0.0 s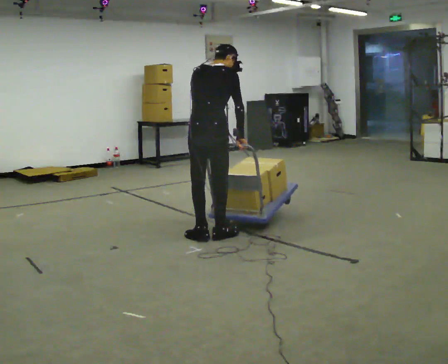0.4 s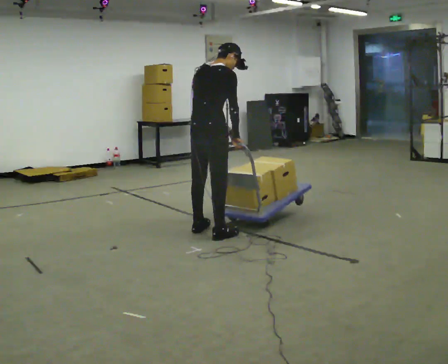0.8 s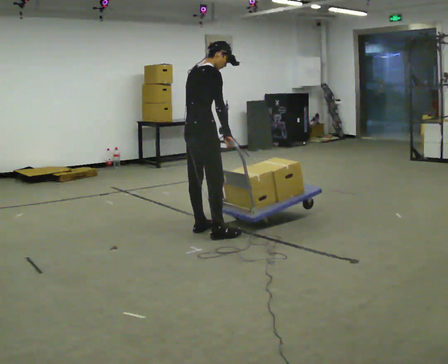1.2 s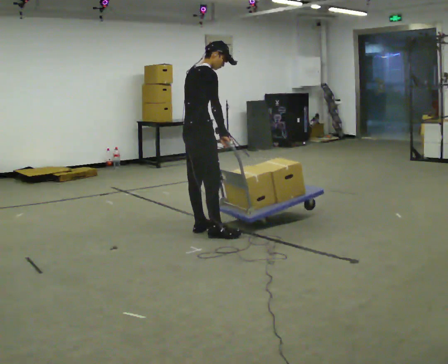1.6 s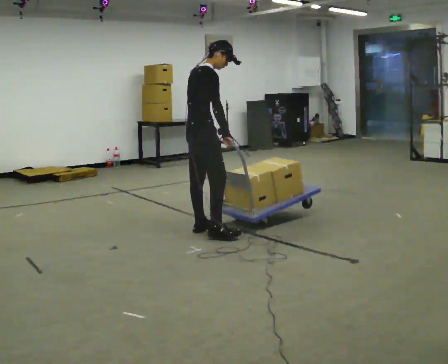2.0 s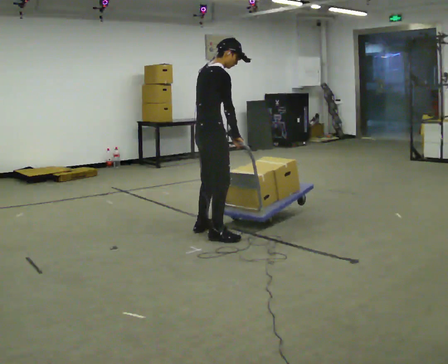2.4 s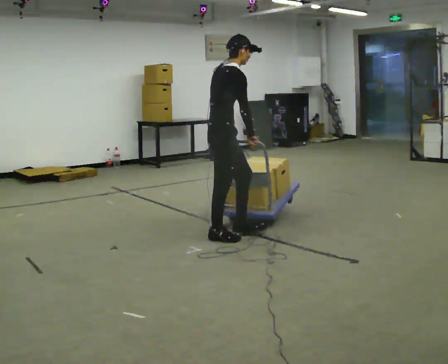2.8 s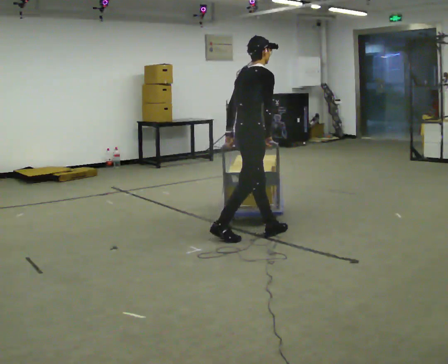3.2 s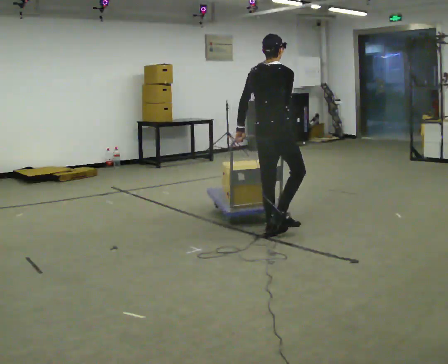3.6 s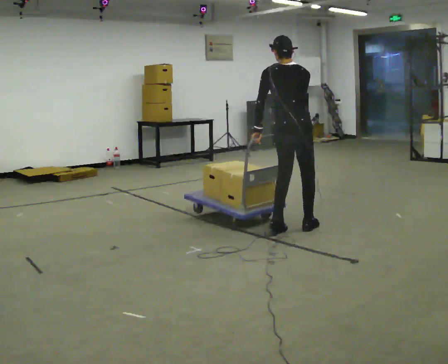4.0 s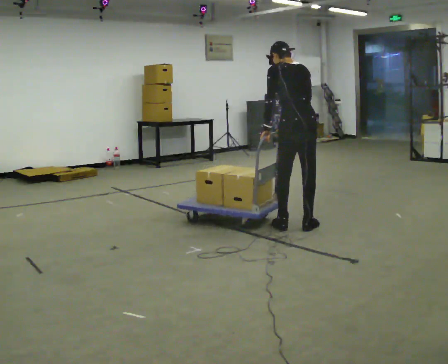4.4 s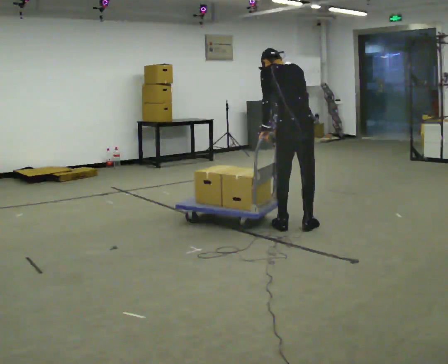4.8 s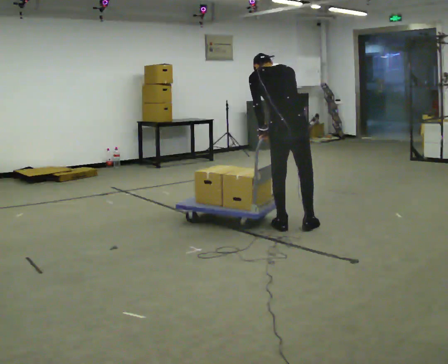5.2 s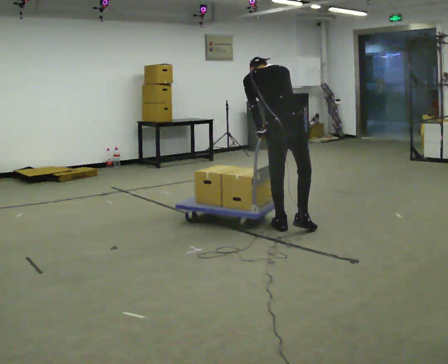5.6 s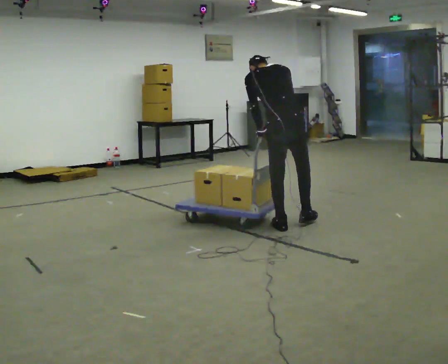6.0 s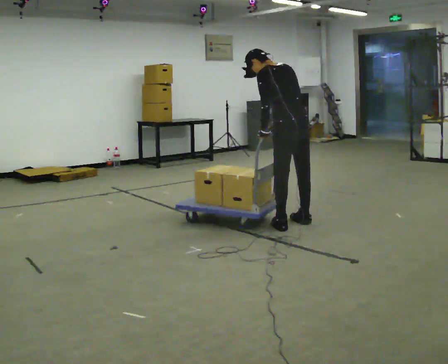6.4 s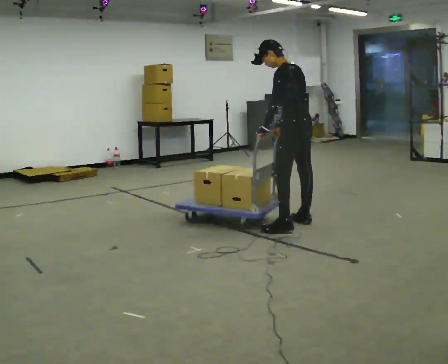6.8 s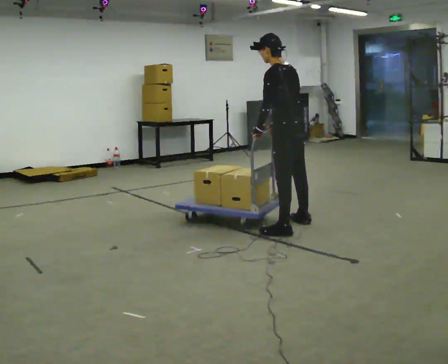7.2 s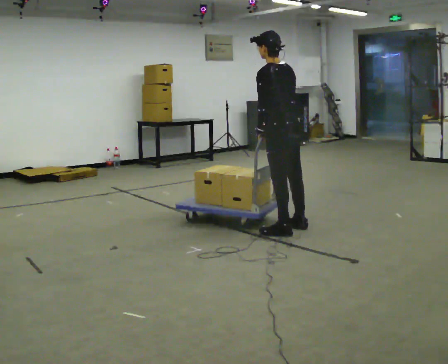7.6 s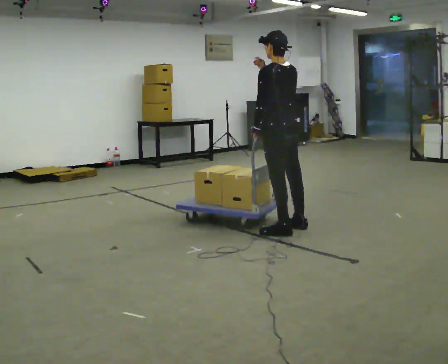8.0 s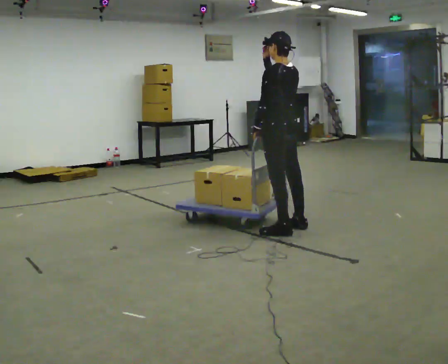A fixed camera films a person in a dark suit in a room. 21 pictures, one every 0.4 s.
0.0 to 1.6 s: Seen from above the body turns clockwise, about 45 degrees: to their right, with its near side sliding to the left. In the picture they go away from the camera, about 0.25 m in 1 step, which for them is to their left.
1.6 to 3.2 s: The person turns about 30 degrees to their left, counterclockwise seen from above, so the part of the body nearest the lens slides to the right. In the picture they go to the right, about 0.75 m in 1 step, which for them is forward.
3.2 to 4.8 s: The part of the body nearest the lens slides to the right as the person turns to their left by about 45 degrees. In the picture the upper body tilts counterclockwise, shoulders to the left.
4.8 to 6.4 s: The person turns about 60 degrees to their left, counterclockwise seen from above, so the part of the body nearest the lens slides to the right. In the picture they go away from the camera, about 0.25 m in 1 step. The upper body tips toward the camera, its near side rolling downward.
6.4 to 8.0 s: In the picture they go to the left, about 0.25 m in 2 steps, which for them is to their left. In the picture the upper body tilts clockwise, shoulders to the right, as they lean back or straighten. In the picture their right hand goes upward.
The film runs forward here.
